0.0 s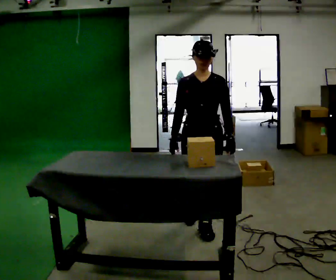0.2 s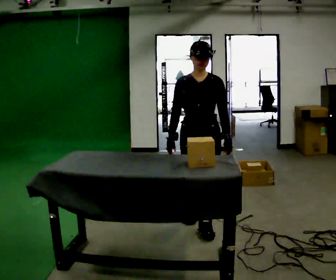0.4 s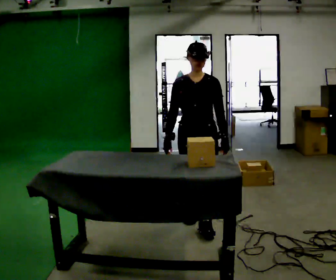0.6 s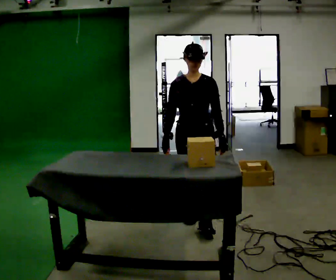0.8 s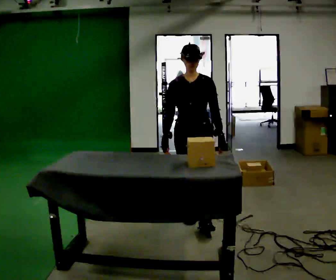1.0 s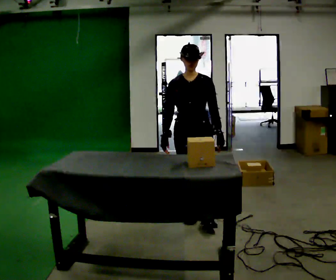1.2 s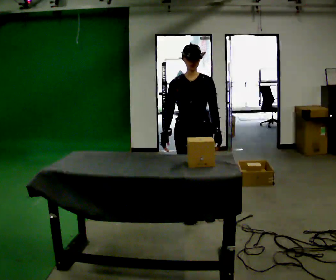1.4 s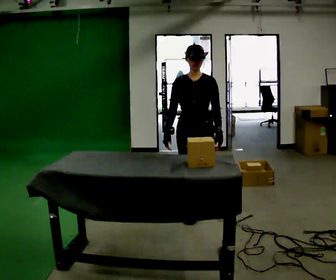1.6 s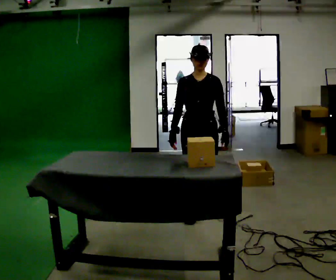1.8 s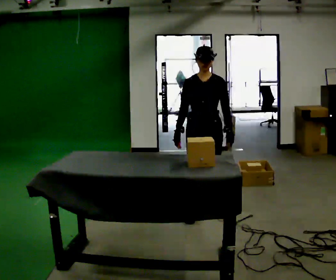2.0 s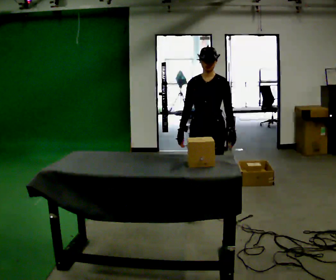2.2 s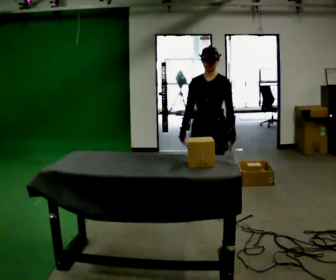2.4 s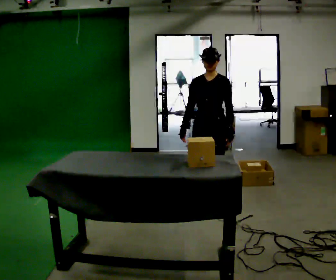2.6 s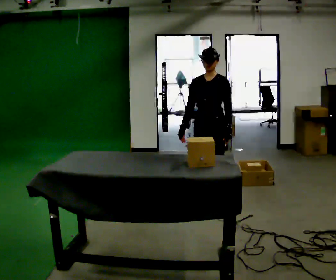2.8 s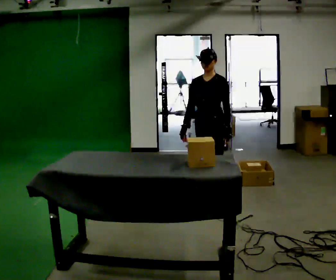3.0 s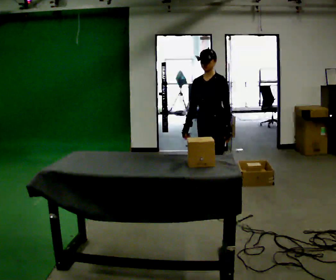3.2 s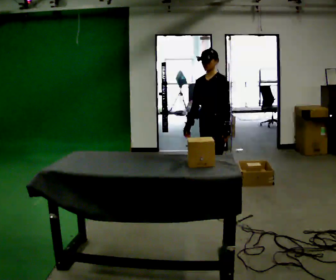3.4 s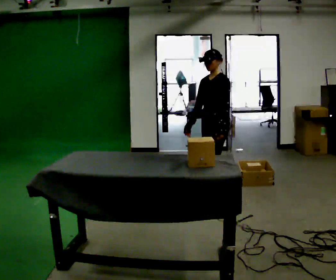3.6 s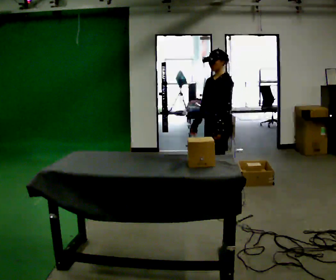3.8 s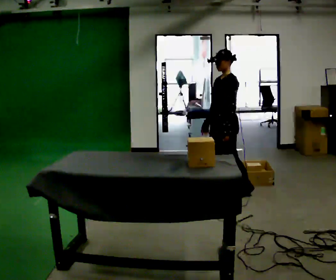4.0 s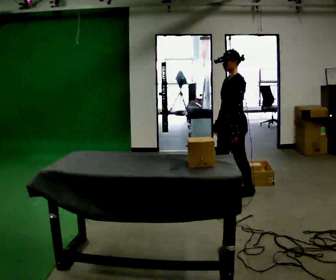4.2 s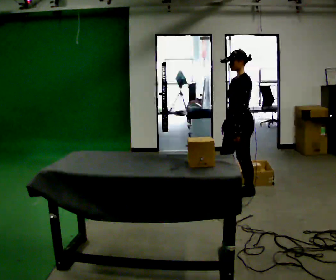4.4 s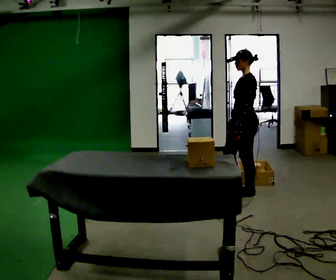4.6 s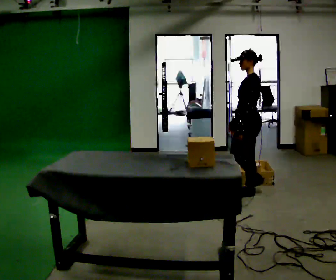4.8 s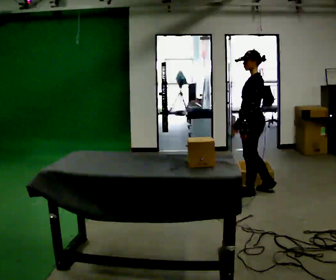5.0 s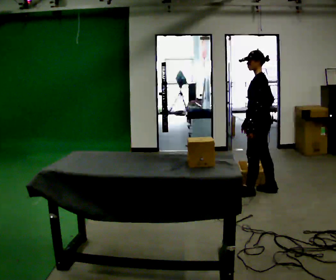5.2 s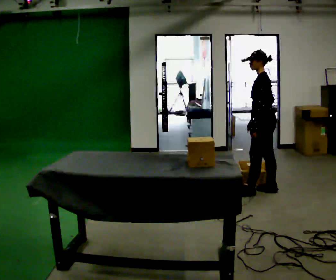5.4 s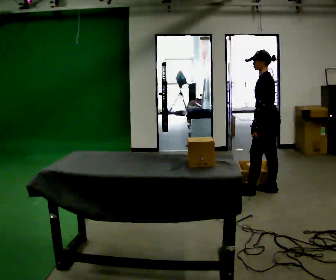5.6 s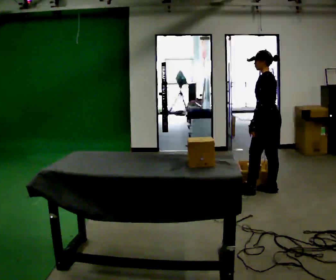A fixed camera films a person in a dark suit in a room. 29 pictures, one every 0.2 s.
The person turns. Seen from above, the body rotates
clockwise.
The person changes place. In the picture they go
away from the camera.
0.0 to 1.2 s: In the picture they go away from the camera, about 0.25 m in 1 step, which for them is backward.
1.2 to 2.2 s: In the picture they go away from the camera, about 0.25 m in 1 step, which for them is backward and to their left.
2.2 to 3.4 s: Seen from above the body turns clockwise, about 30 degrees: to their right, with its near side sliding to the left. In the picture they go away from the camera, about 0.25 m in 1 step, which for them is backward.
3.4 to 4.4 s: The part of the body nearest the lens slides to the left as the person turns to their right by about 30 degrees. In the picture they go to the right, about 0.25 m in 1 step, which for them is backward.
4.4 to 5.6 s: The person turns about 30 degrees to their right, clockwise seen from above, so the part of the body nearest the lens slides to the left. In the picture they go to the right, about 0.25 m, which for them is backward and to their right.
The film runs backward here.
